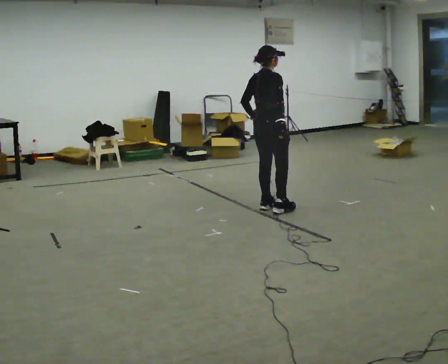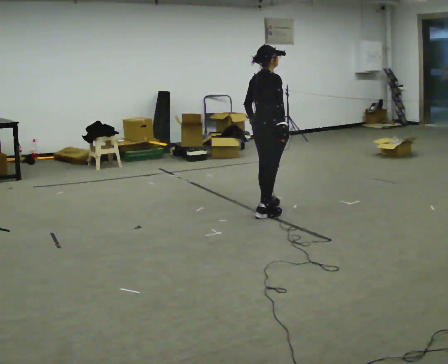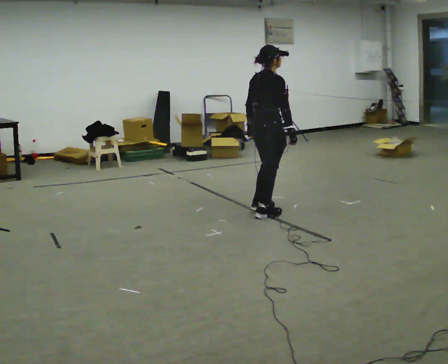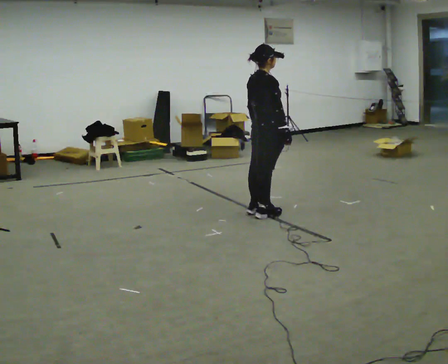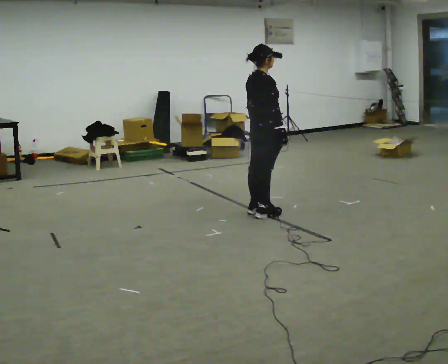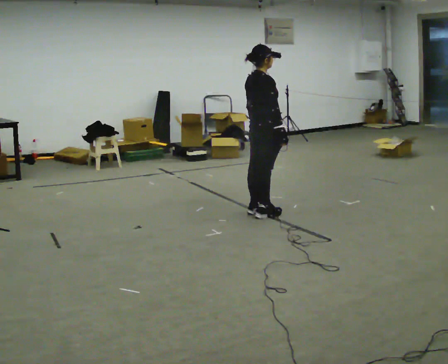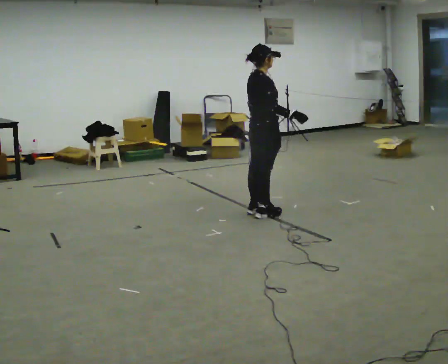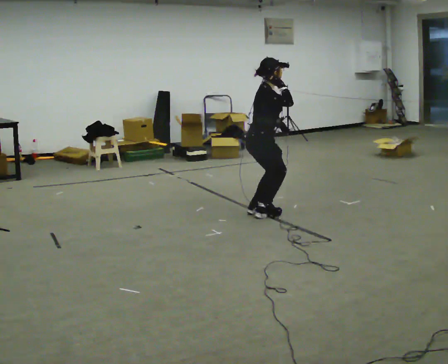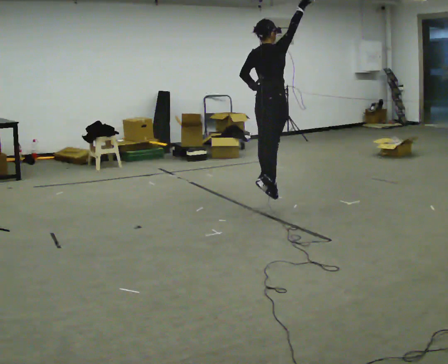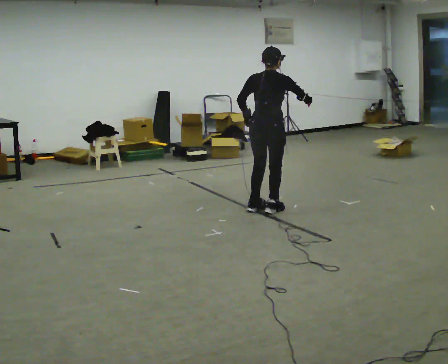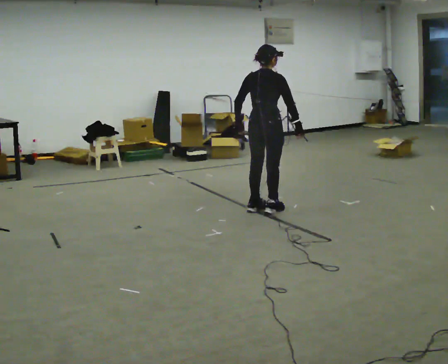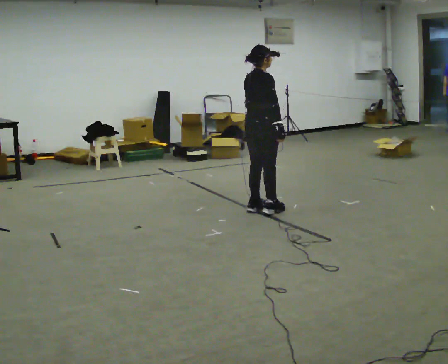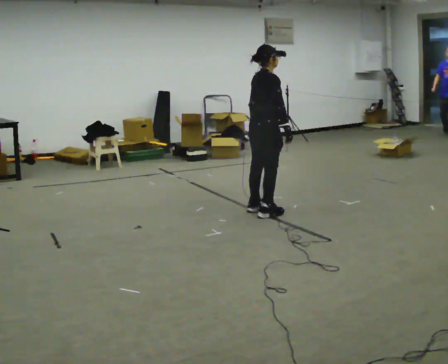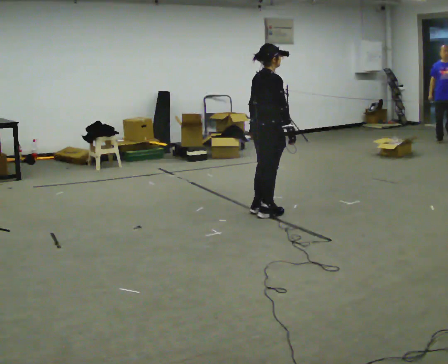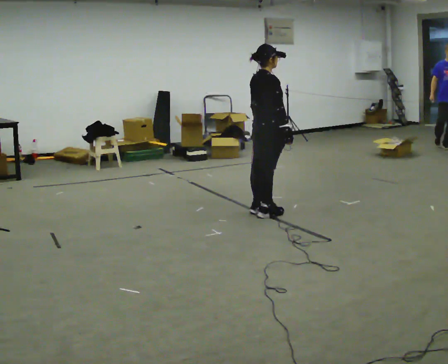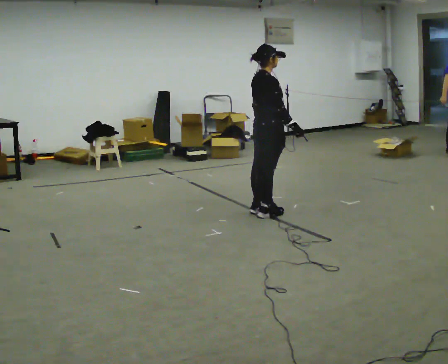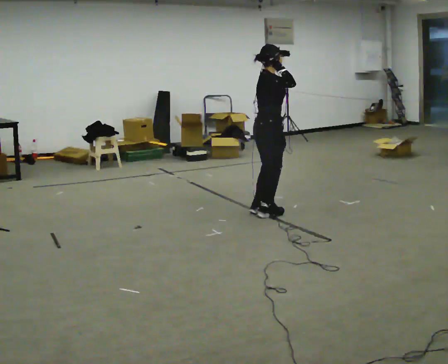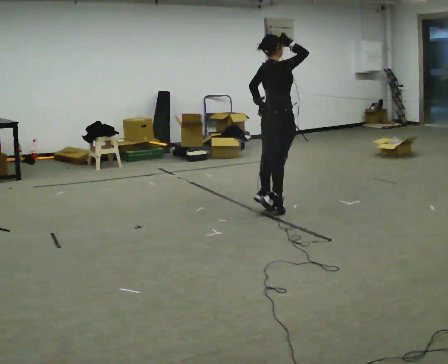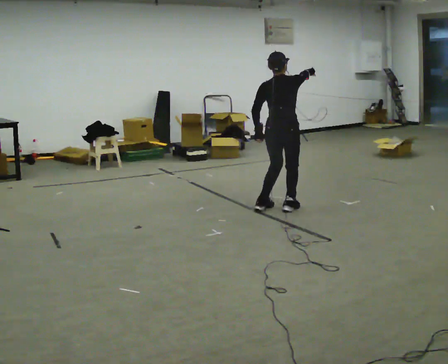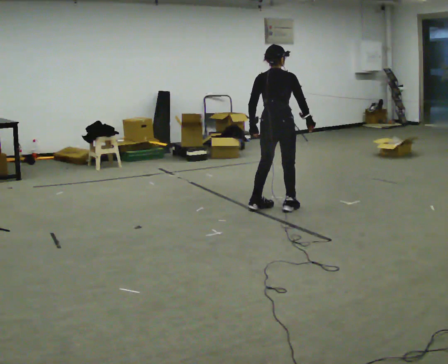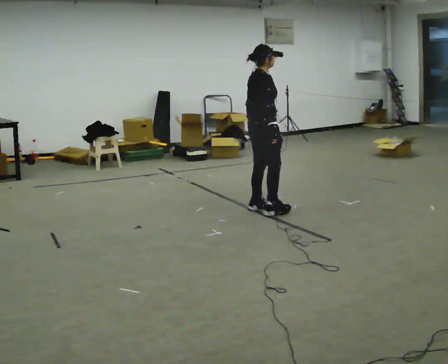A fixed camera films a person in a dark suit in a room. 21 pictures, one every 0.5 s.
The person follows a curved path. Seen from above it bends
clockwise.
0.0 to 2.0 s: In the picture they go toward the camera, about 0.25 m in 2 steps, which for them is backward.
2.0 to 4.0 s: In the picture their right hand goes upward.
4.0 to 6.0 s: The upper body goes downward. In the picture their right hand goes downward, the arm swinging clockwise.
6.0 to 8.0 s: In the picture their right hand goes upward.
8.0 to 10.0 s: In the picture their right hand goes downward.
The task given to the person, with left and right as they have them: Mime a volleyball spike with no ball: approach in place, jump and strike downward. Repeat the movement at your own pace until the operator says stop; do not rush.
The film runs forward here.
